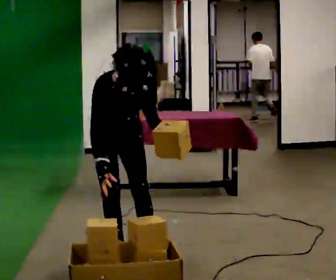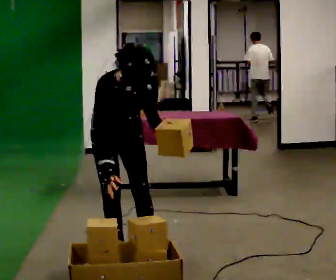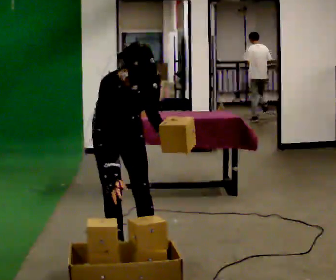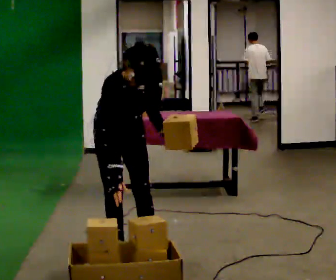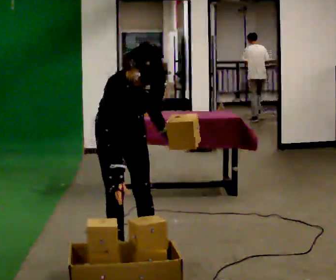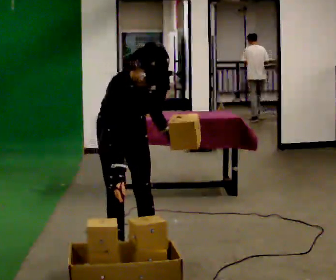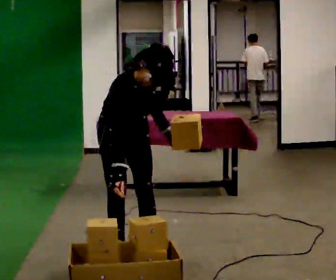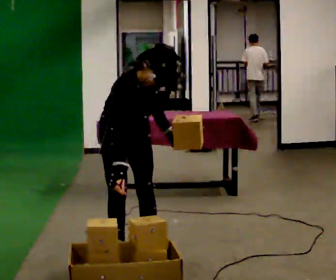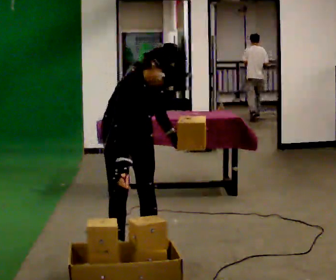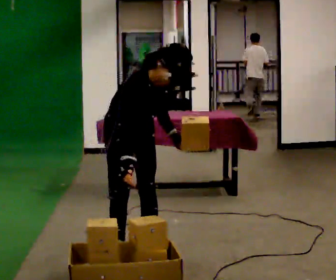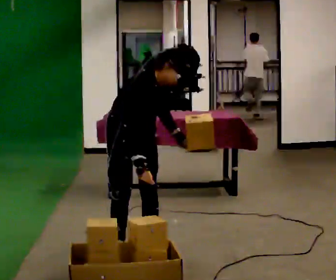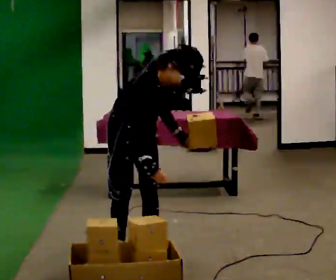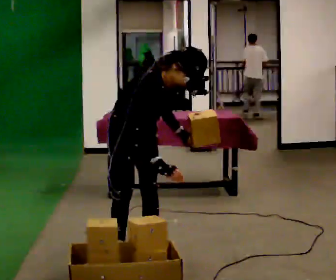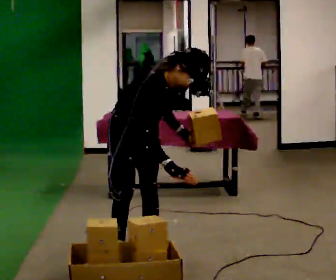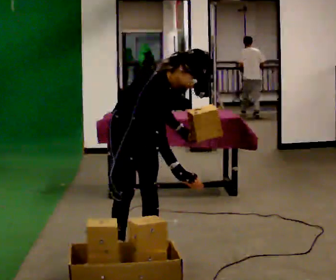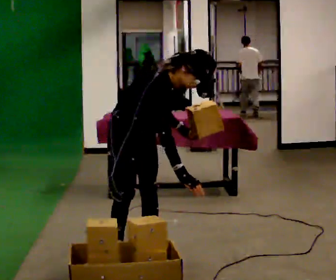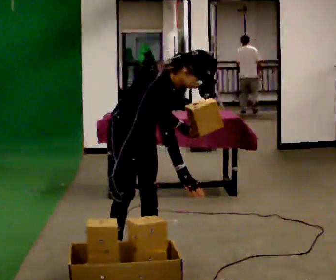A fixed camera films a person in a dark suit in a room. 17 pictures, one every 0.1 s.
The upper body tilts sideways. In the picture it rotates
clockwise.
0.0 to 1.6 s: The part of the body nearest the lens slides to the right as the person turns to their left by about 30 degrees. In the picture the upper body tilts clockwise, shoulders to the right. In the picture their right hand goes to the right.
The film runs forward here.
